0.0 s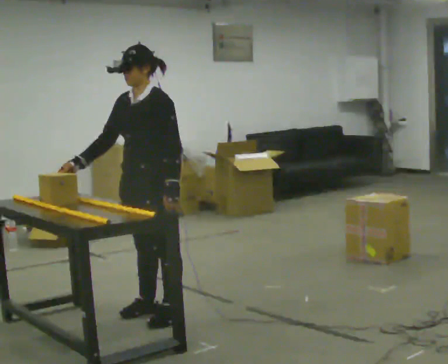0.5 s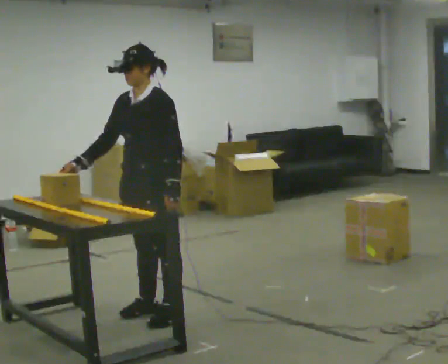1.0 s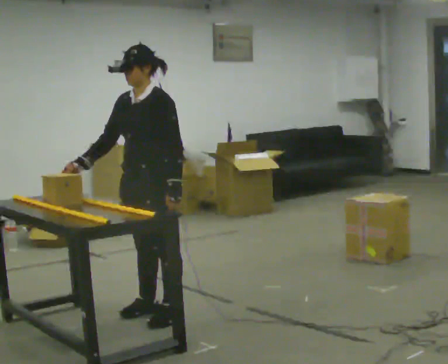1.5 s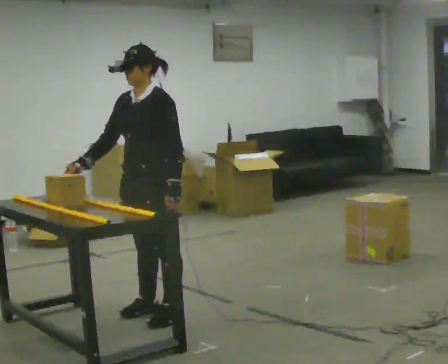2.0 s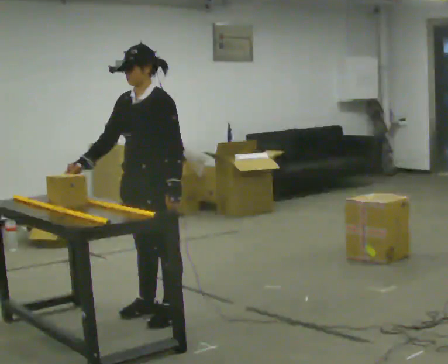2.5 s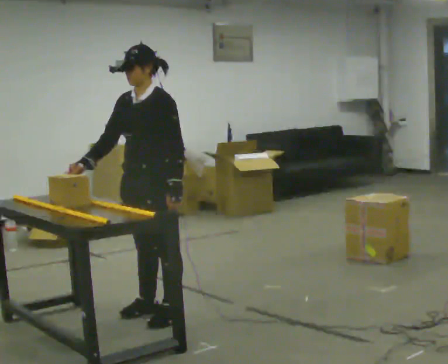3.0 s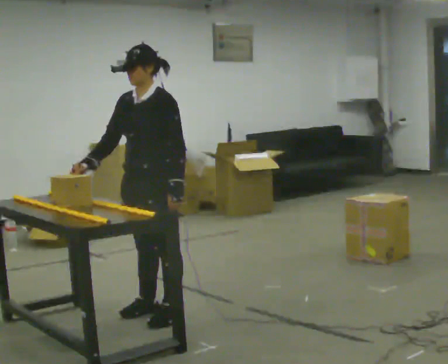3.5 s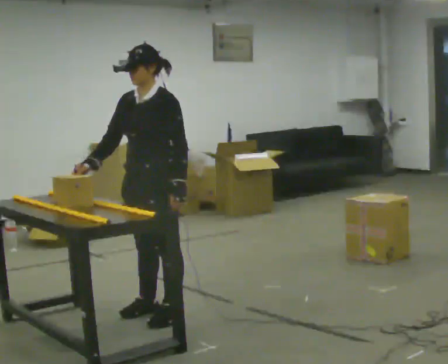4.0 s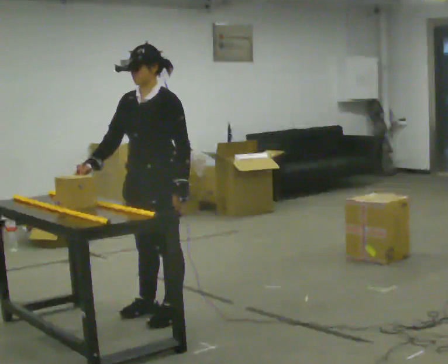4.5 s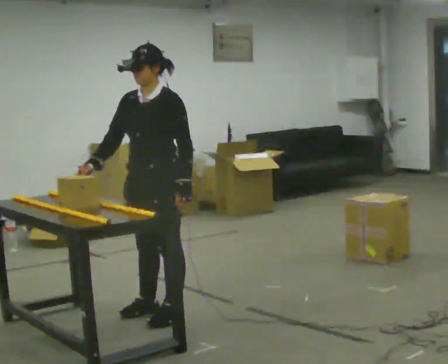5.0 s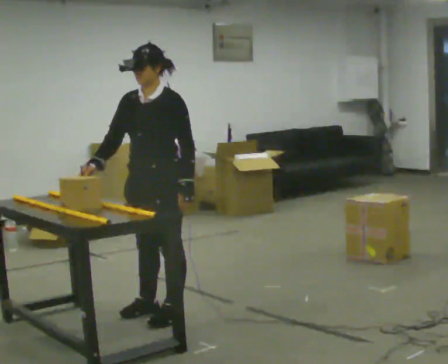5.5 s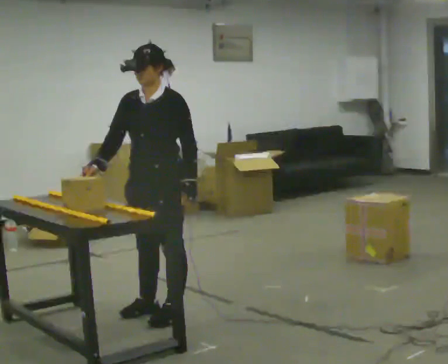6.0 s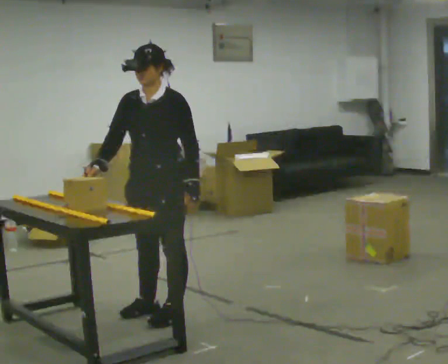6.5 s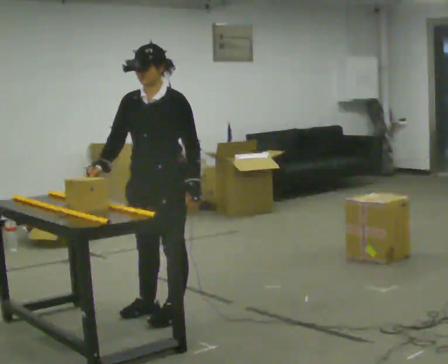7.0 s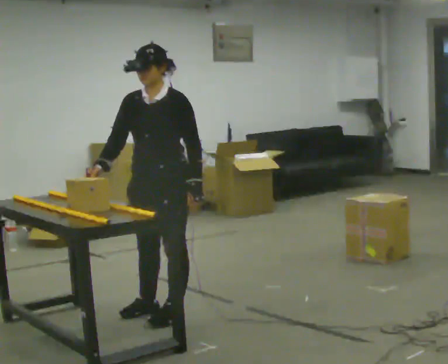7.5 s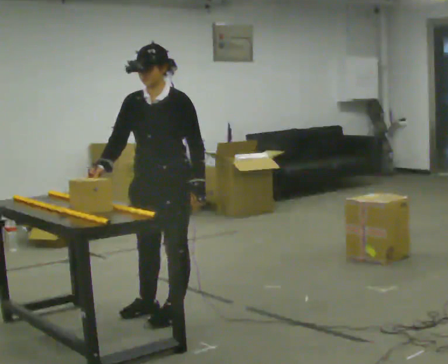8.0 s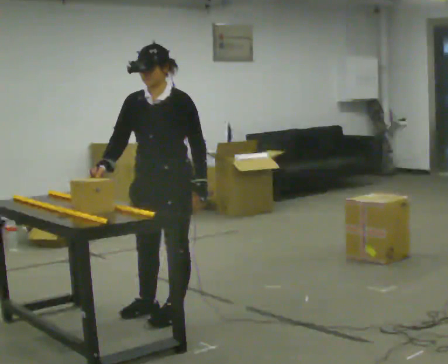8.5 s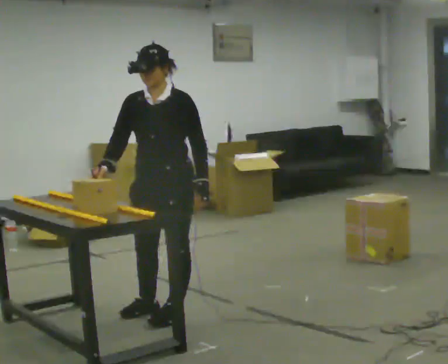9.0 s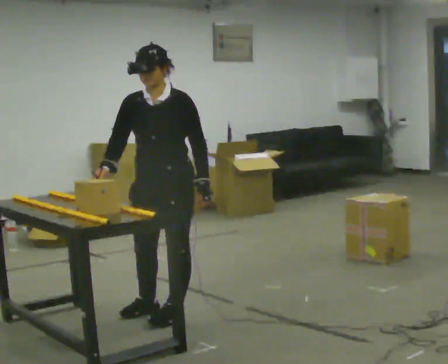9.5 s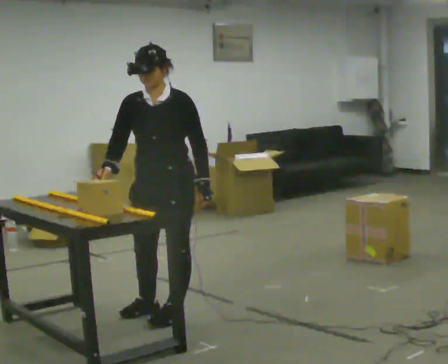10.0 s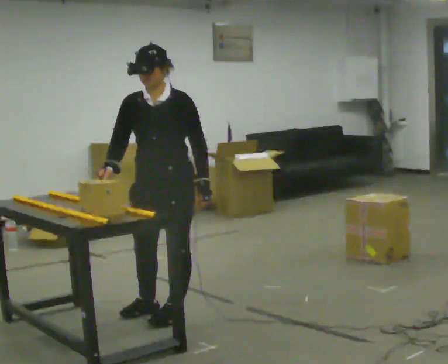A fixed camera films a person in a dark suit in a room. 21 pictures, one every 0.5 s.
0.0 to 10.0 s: Seen from above the body turns counterclockwise, about 30 degrees: to their left, with its near side sliding to the right.
The film runs forward here.
